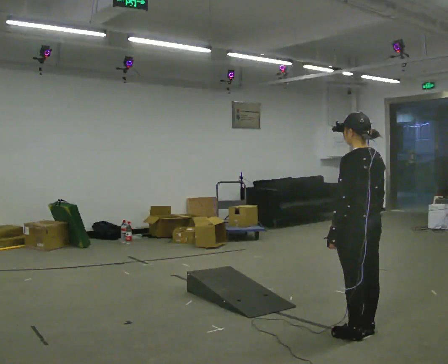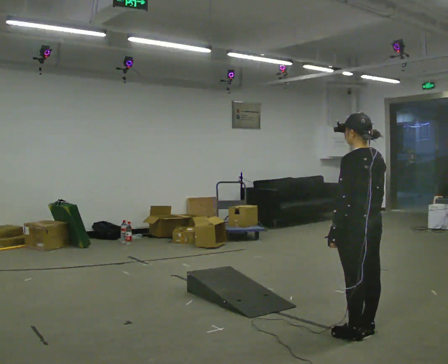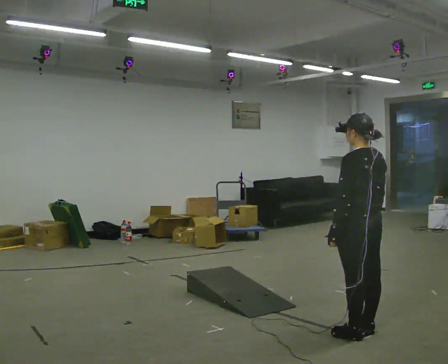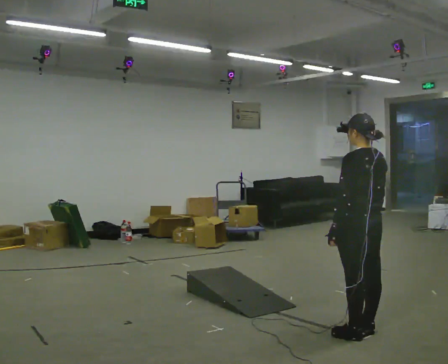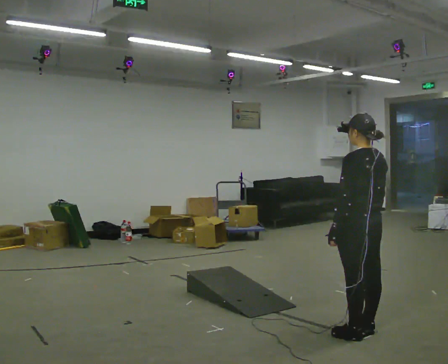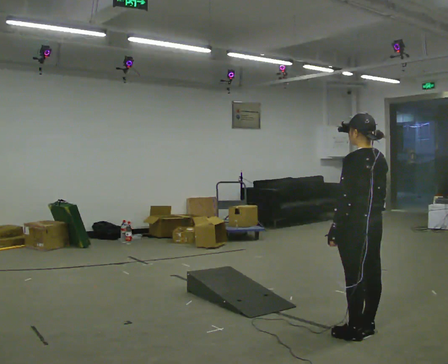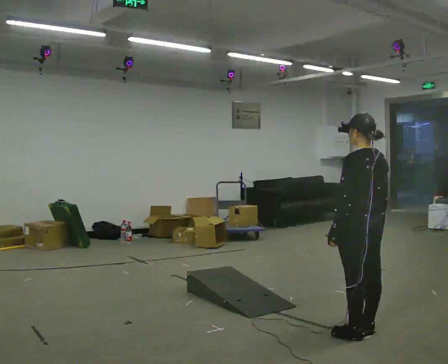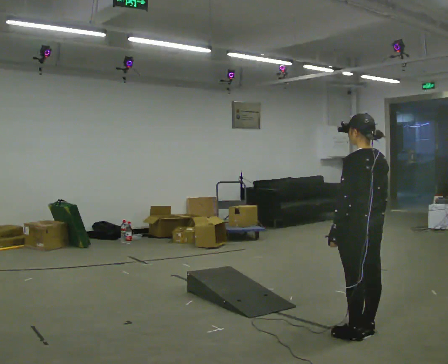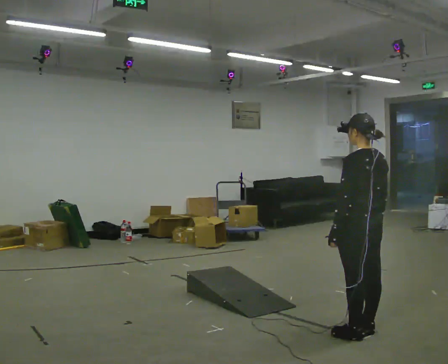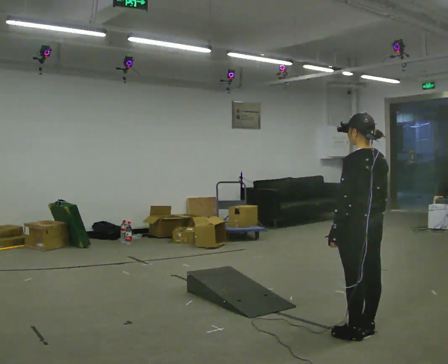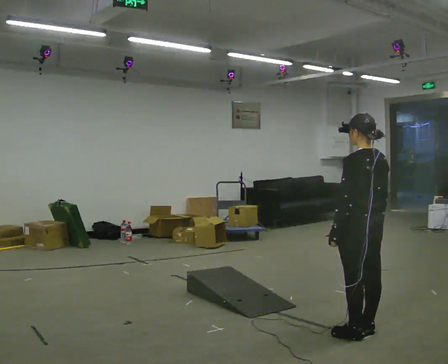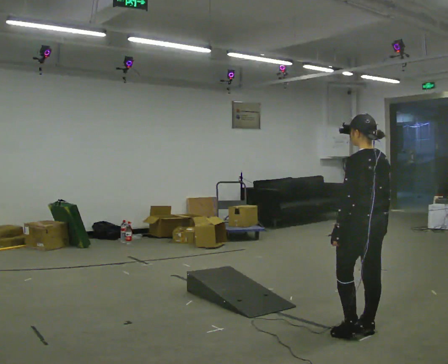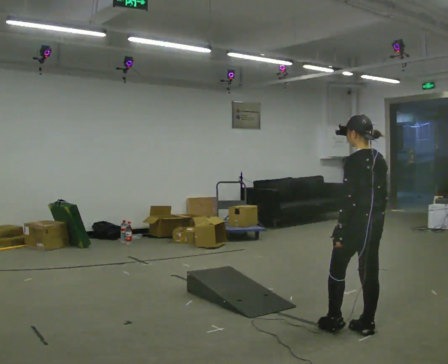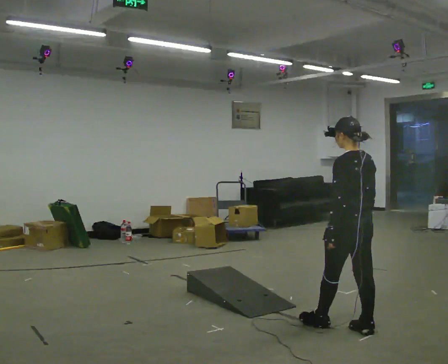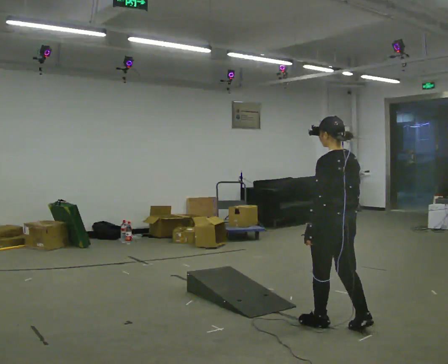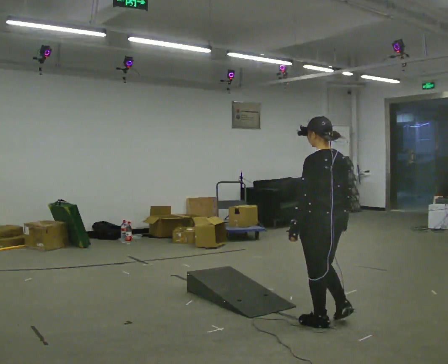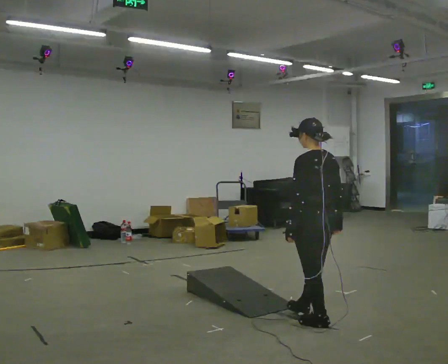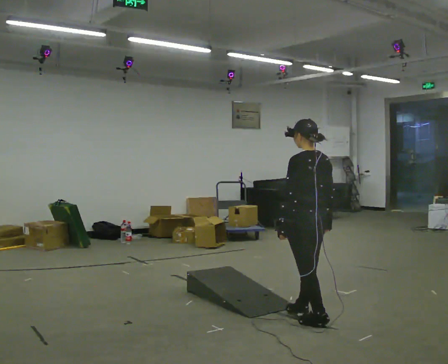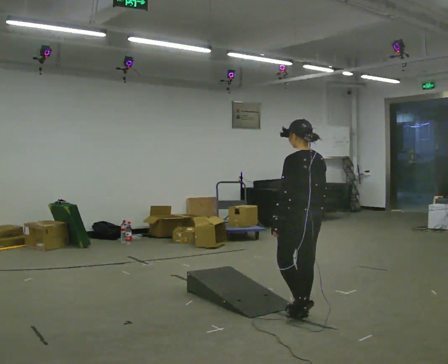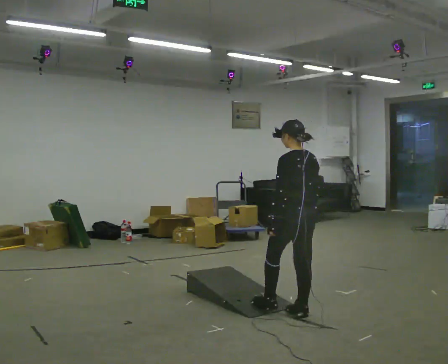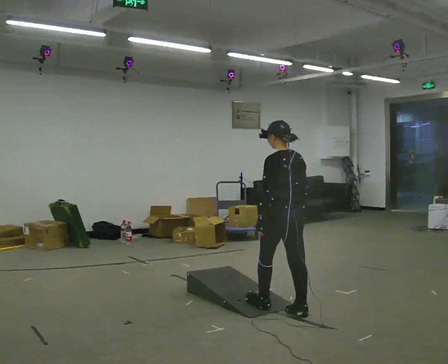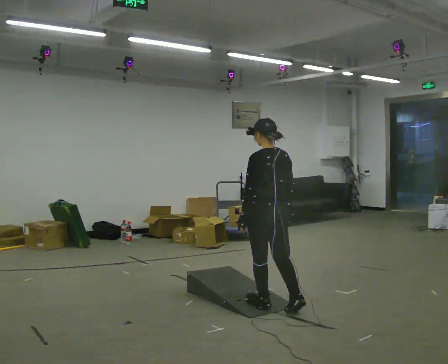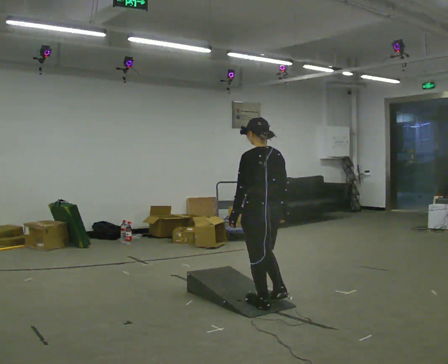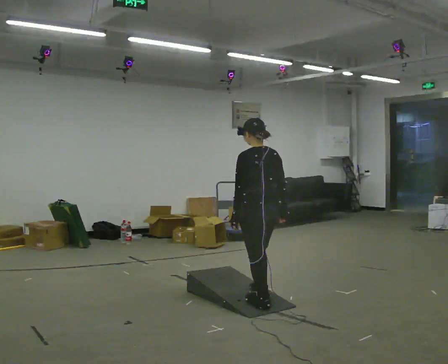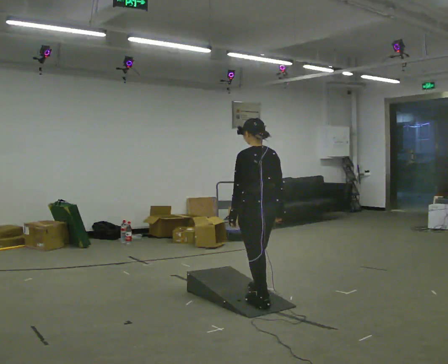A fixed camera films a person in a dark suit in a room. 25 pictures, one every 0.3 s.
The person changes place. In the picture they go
to the left.
0.0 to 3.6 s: The person moves a little, or ends about where they began.
3.6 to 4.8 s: In the picture they go to the left, about 0.5 m in 2 steps, which for them is forward.
4.8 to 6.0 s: In the picture they go to the left and away from the camera, about 0.25 m in 1 step, which for them is forward.
6.0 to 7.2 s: In the picture they go to the left, about 0.25 m in 1 step, which for them is forward.
The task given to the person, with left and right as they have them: Walk up the ramp, turn at the top, and walk back down at a comfortable speed.
The film runs forward here.
